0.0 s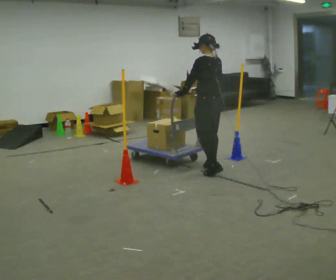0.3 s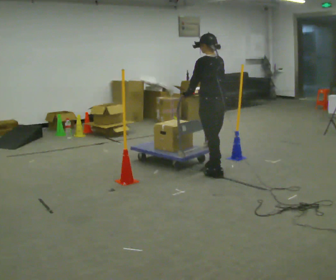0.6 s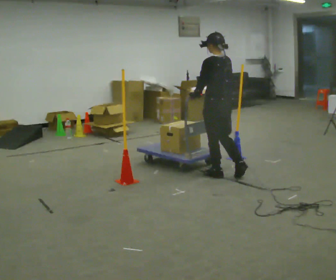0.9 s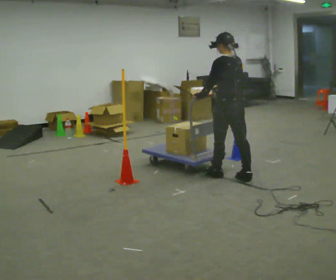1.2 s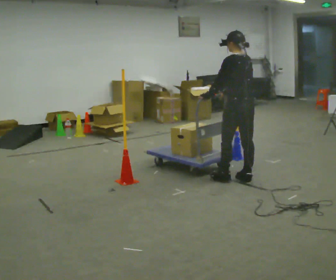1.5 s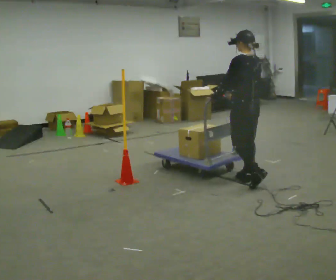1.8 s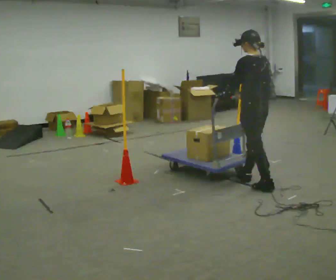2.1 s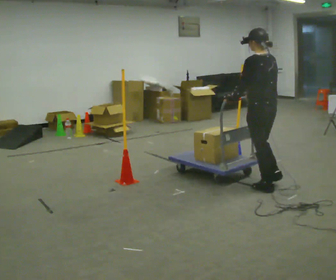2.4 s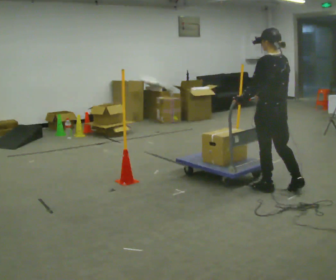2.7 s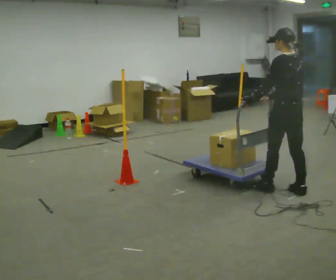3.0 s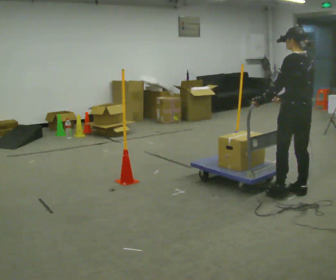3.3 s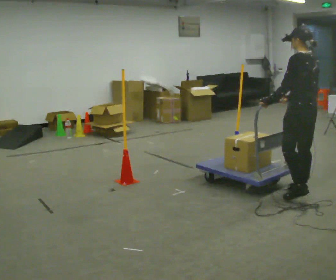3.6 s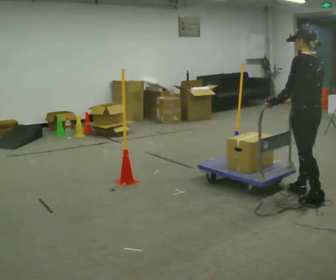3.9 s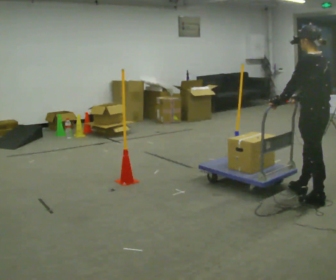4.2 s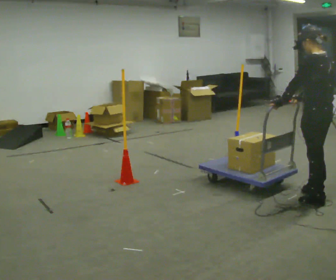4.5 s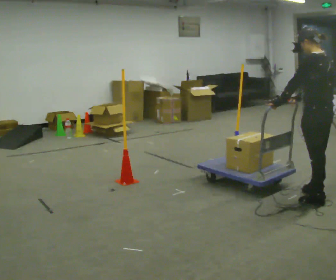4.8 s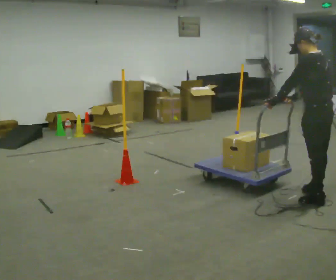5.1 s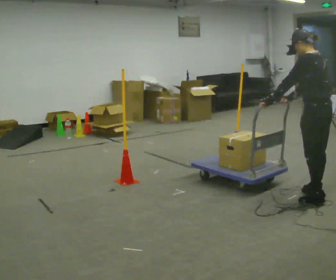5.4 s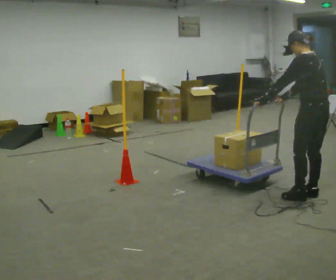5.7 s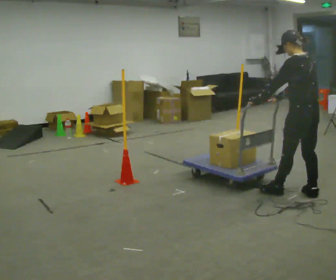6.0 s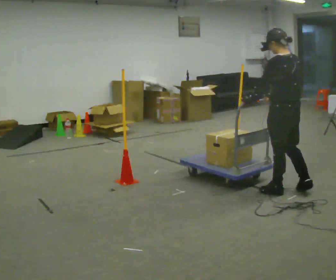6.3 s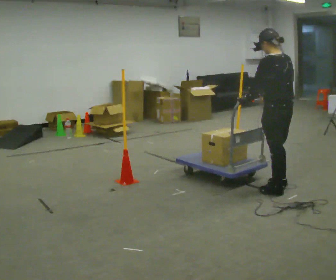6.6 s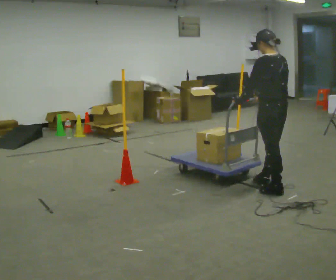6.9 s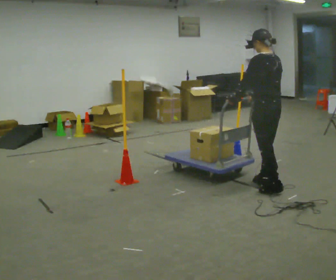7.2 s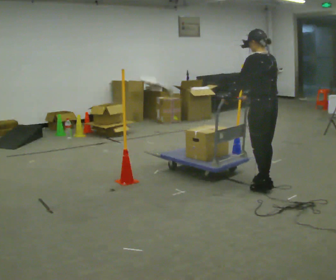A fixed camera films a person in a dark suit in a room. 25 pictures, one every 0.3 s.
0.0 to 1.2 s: In the picture they go to the right and toward the camera, about 0.5 m in 2 steps, which for them is backward.
1.2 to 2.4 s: In the picture they go to the right and toward the camera, about 0.5 m in 1 step, which for them is backward.
2.4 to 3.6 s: In the picture they go to the right and toward the camera, about 0.25 m in 1 step, which for them is backward.
3.6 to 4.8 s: The person moves a little, or ends about where they began.
4.8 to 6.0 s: In the picture they go to the left, about 0.25 m in 2 steps, which for them is forward.
6.0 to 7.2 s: In the picture they go away from the camera and to the left, about 0.25 m in 1 step, which for them is forward.
The film runs backward here.
